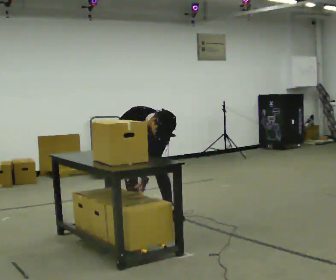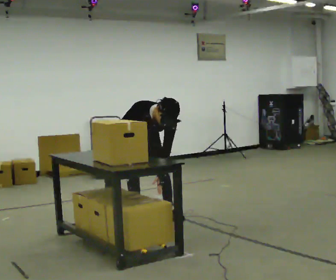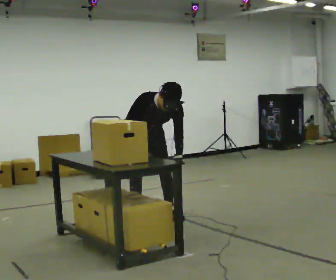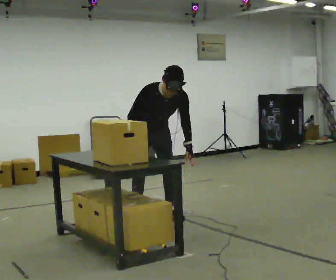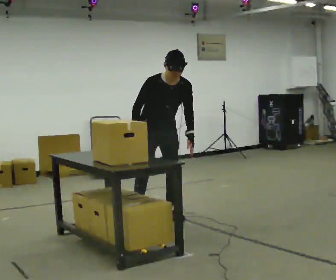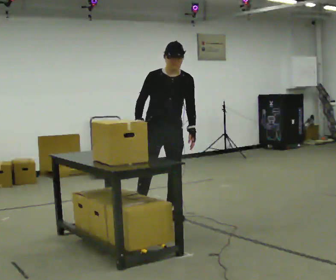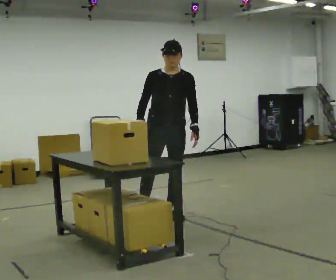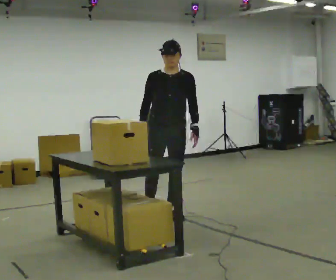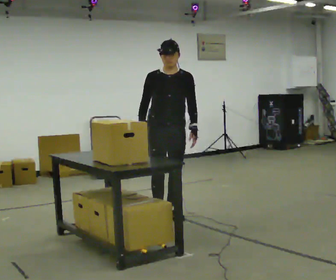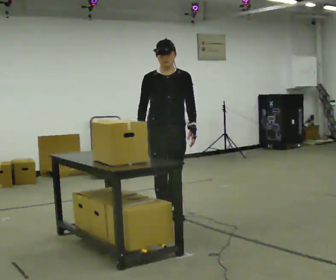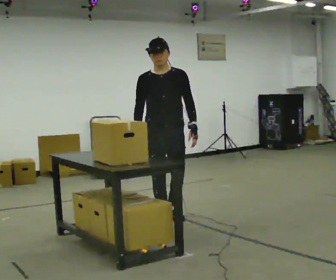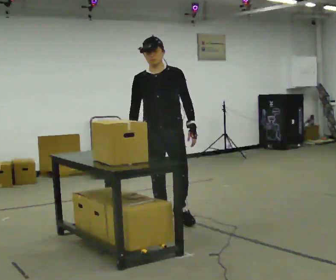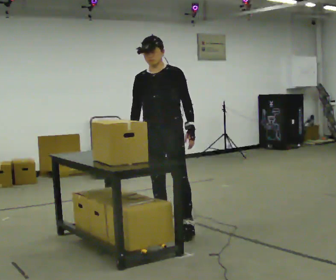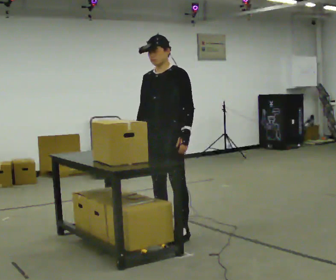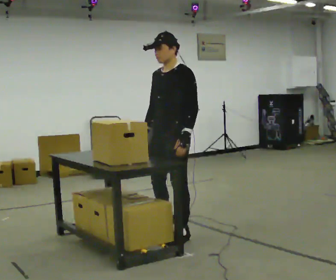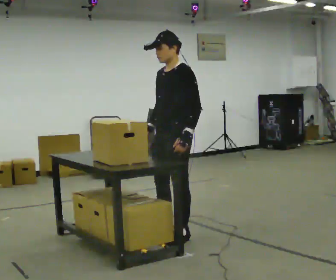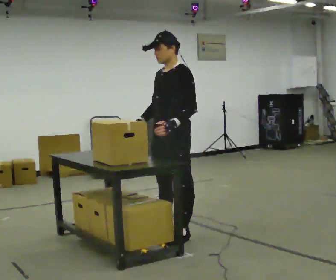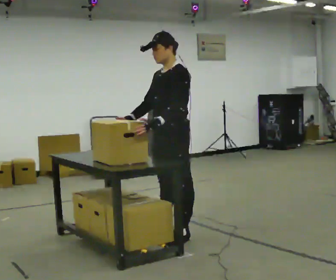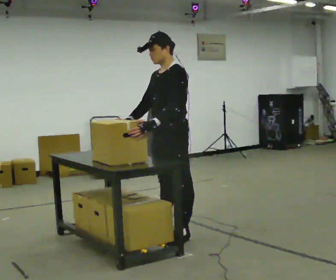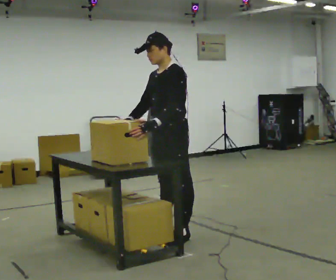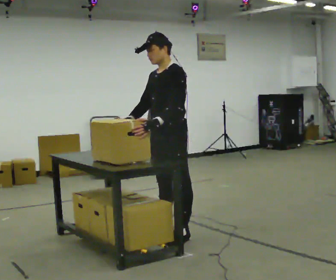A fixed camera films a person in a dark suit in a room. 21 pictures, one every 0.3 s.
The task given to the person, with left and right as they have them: Crouch down and place the object on the lowest shelf, then stand back up. Do not step. Repeat at your own pace until the operator says stop.
0.0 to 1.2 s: In the picture they go to the right, about 0.25 m, which for them is to their left. The shoulders move upward. The upper body tips away from the camera, its near side rolling upward, as they lean back or straighten. In the picture their left hand goes to the right and upward.
1.2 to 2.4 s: The upper body tips away from the camera, its near side rolling upward, as they lean back or straighten.
2.4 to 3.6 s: Seen from above the body turns clockwise, about 30 degrees: to their right, with its near side sliding to the left. In the picture they go toward the camera, about 0.5 m in 1 step, which for them is forward.
3.6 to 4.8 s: The person turns about 30 degrees to their right, clockwise seen from above, so the part of the body nearest the lens slides to the left. In the picture they go toward the camera, about 0.25 m in 2 steps, which for them is to their left.
4.8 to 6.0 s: The person moves a little, or ends about where they began.
The film runs forward here.
